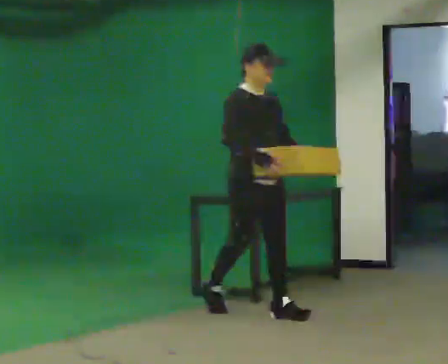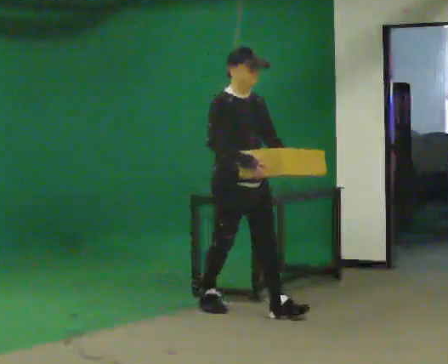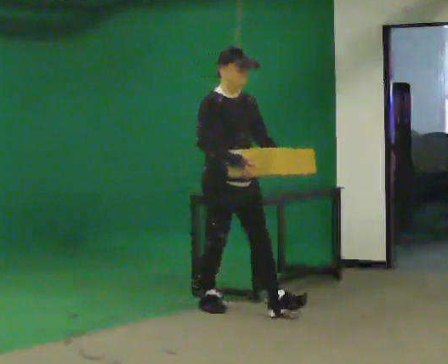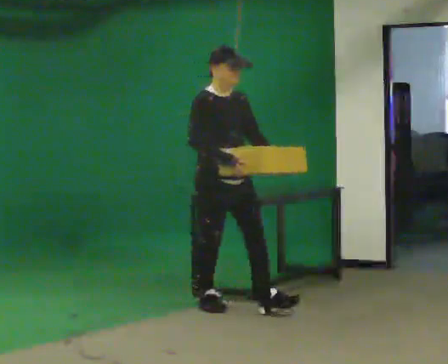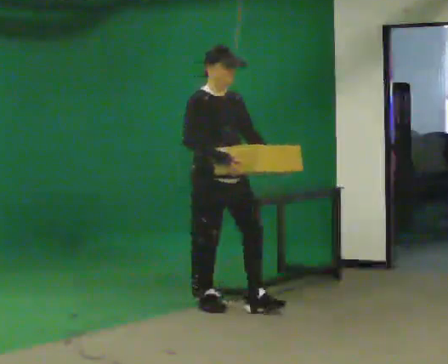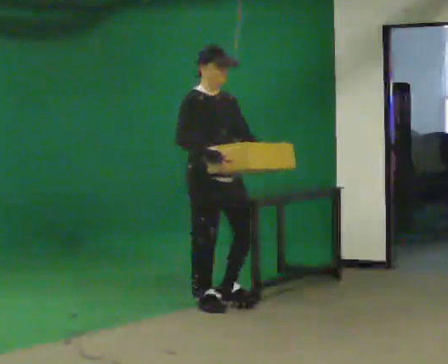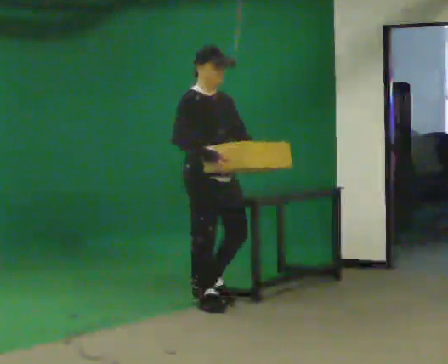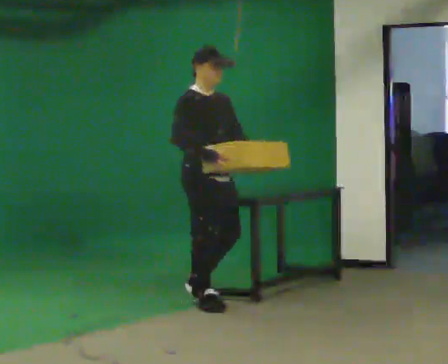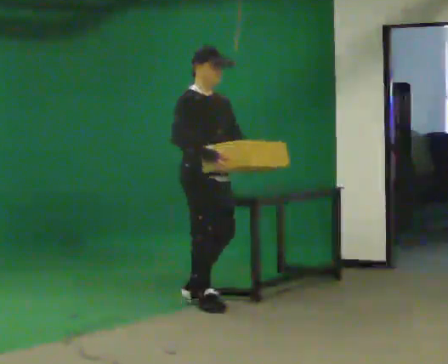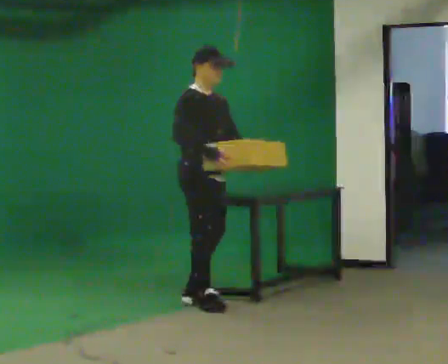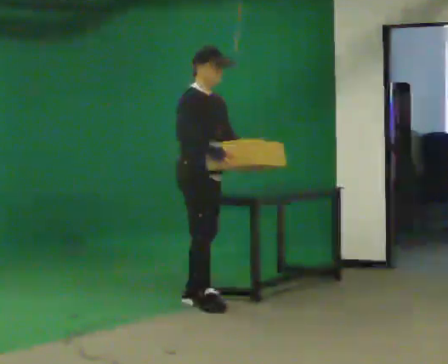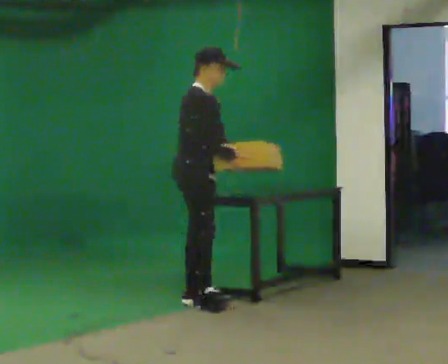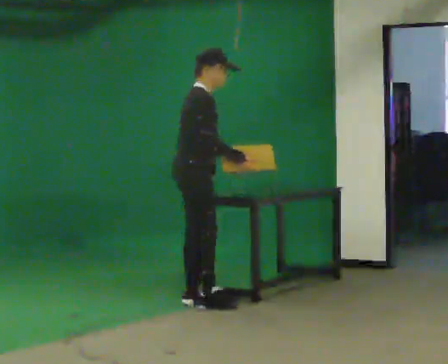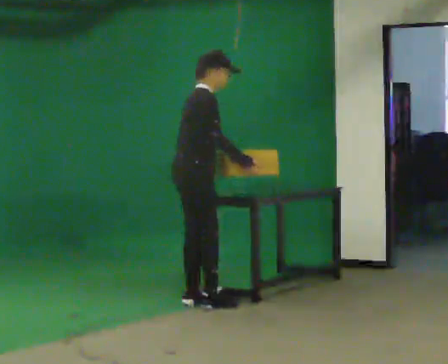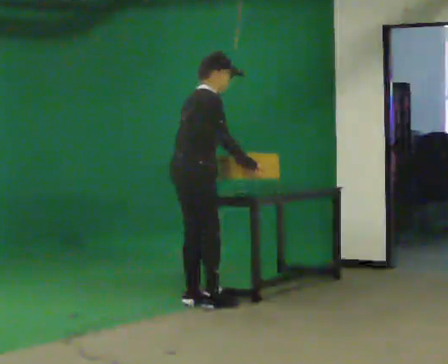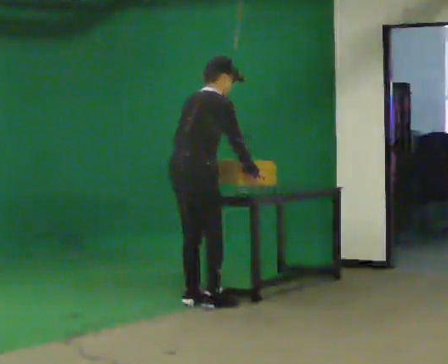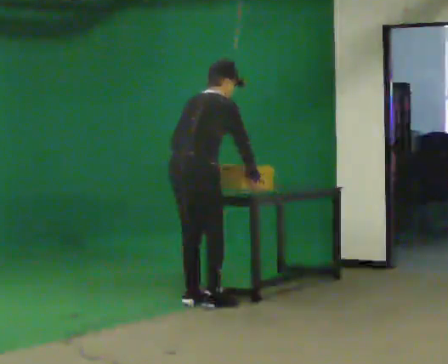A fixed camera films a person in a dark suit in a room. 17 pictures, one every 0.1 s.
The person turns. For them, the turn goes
to their left.
The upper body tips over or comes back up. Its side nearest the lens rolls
upward.
0.0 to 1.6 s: Seen from above the body turns counterclockwise, about 90 degrees: to their left, with its near side sliding to the right. In the picture they go to the left and away from the camera, about 0.5 m in 1 step. The upper body tips away from the camera, its near side rolling upward, as they bend forward.
The film runs backward here.
